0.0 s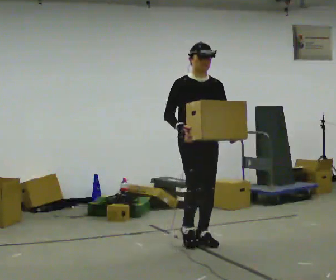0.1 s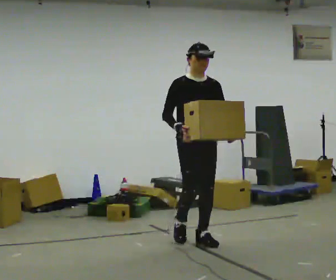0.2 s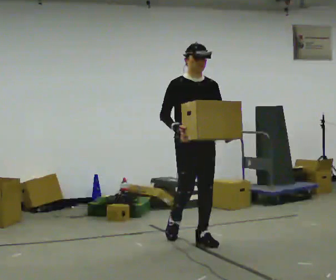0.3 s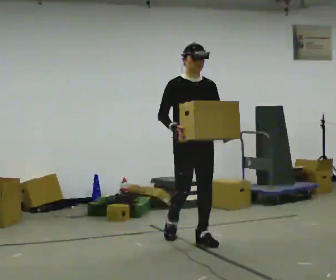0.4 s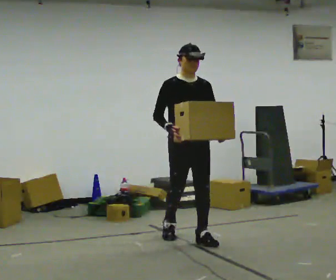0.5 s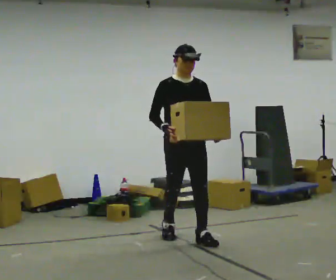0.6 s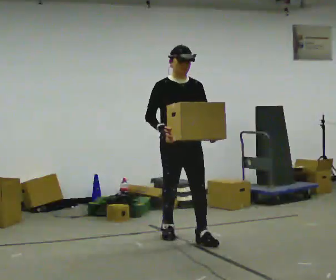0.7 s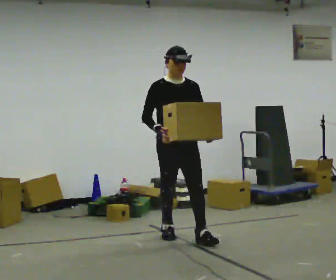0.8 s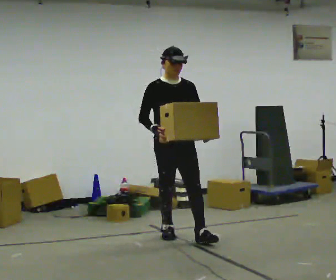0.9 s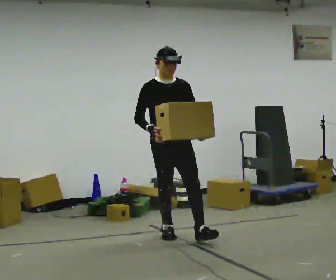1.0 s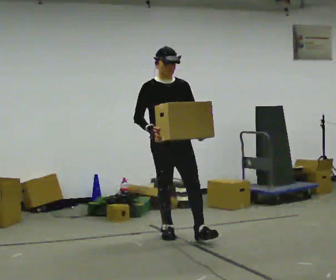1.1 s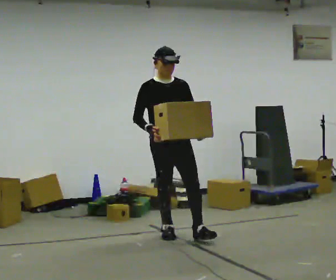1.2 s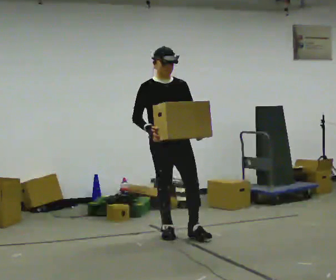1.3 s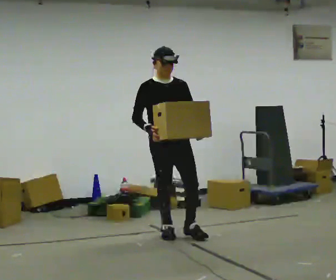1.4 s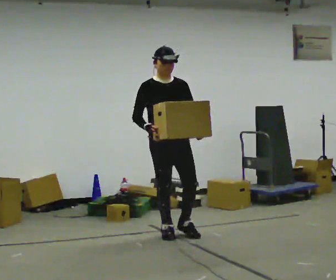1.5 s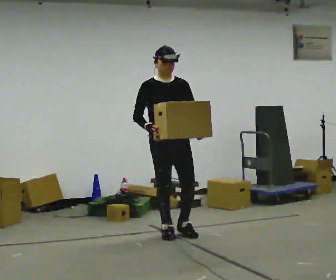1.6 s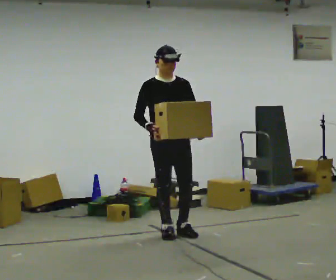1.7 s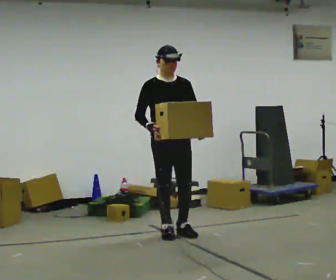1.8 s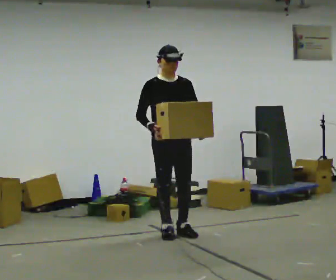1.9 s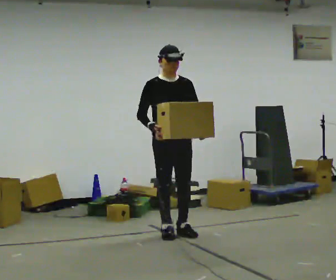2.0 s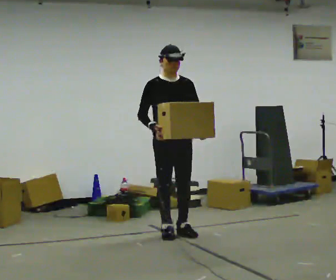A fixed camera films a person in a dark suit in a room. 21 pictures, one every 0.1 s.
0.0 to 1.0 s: In the picture they go away from the camera and to the left, about 0.25 m in 1 step, which for them is backward and to their right.
1.0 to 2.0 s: The person moves a little, or ends about where they began.
The film runs backward here.
